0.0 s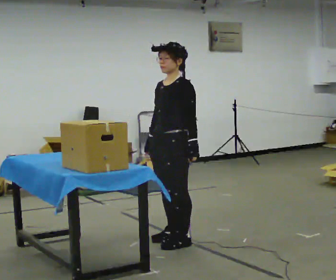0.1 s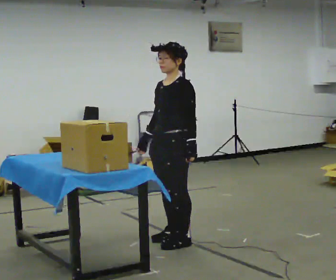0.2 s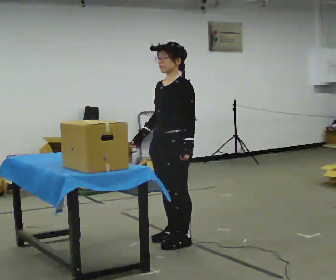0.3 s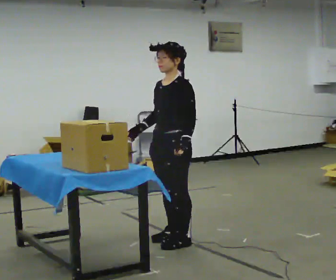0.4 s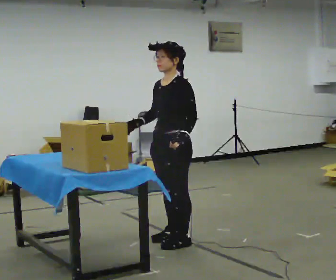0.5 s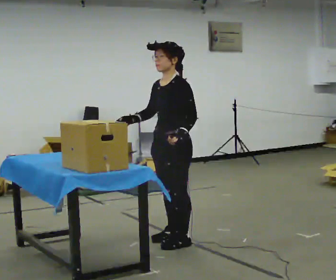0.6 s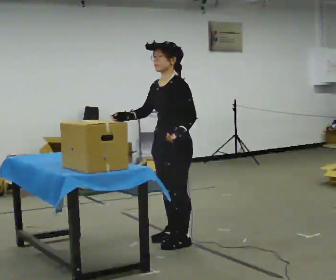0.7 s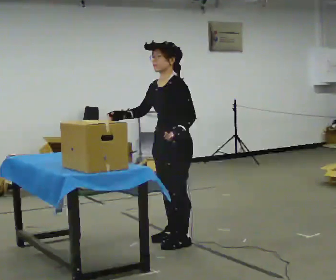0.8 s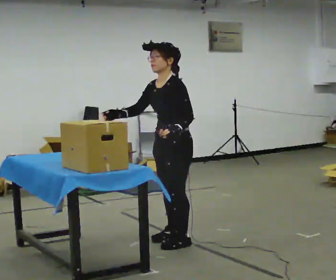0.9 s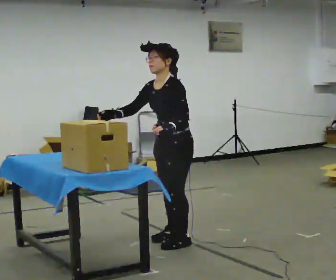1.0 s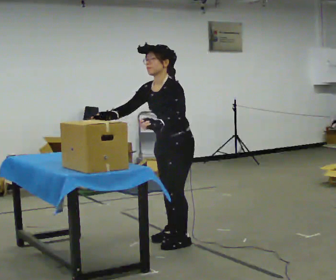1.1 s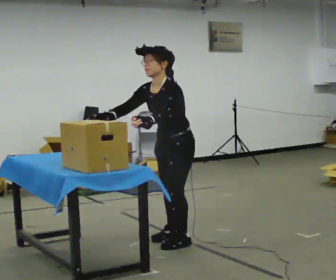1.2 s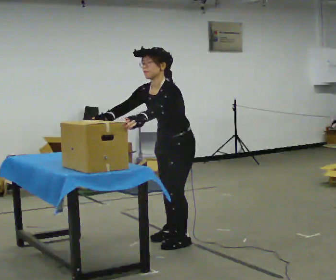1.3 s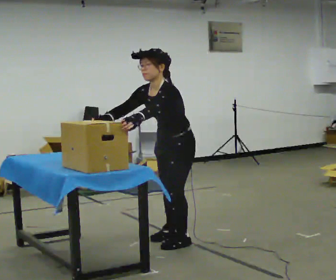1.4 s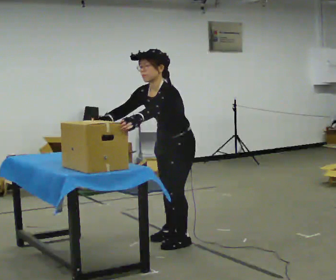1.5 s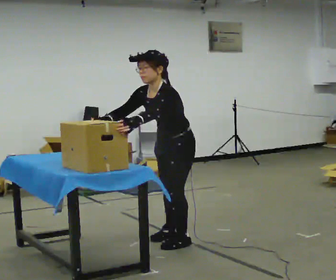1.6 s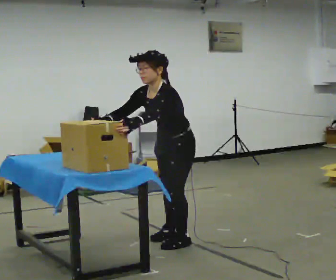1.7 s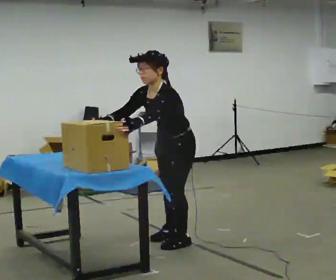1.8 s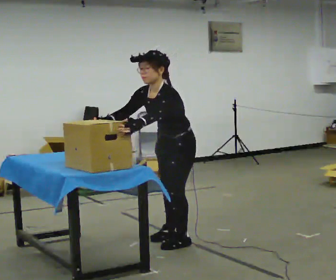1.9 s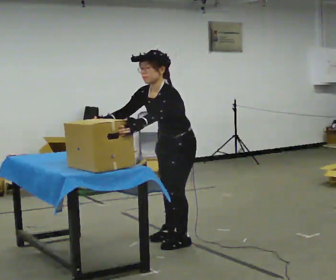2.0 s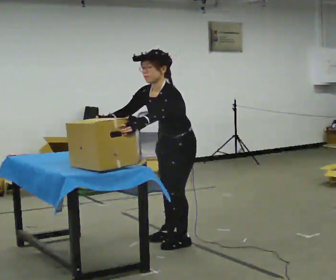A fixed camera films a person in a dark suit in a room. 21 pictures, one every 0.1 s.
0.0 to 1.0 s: The upper body tips toward the camera, its near side rolling downward, as they bend forward. In the picture their right hand goes to the left.
1.0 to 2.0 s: The person moves a little, or ends about where they began.
The film runs backward here.
